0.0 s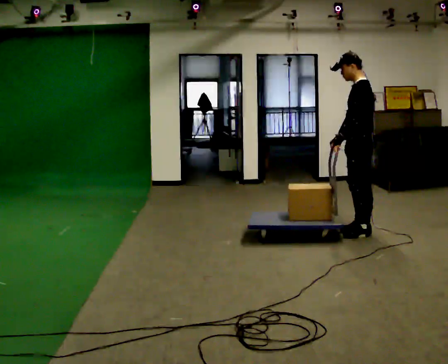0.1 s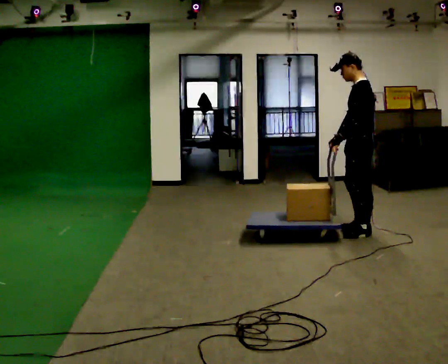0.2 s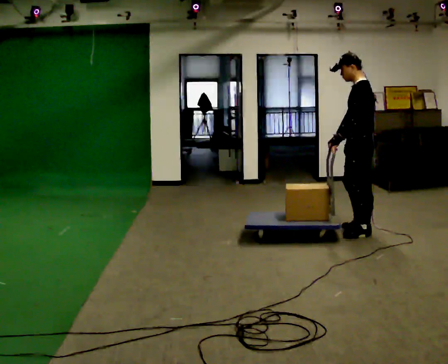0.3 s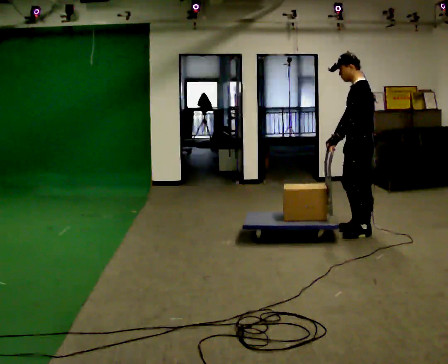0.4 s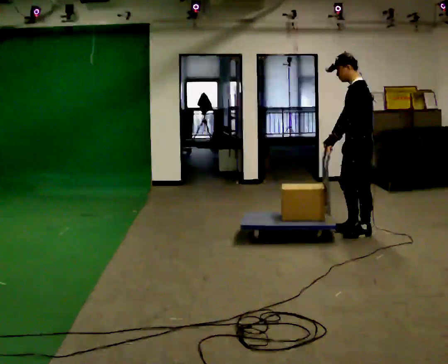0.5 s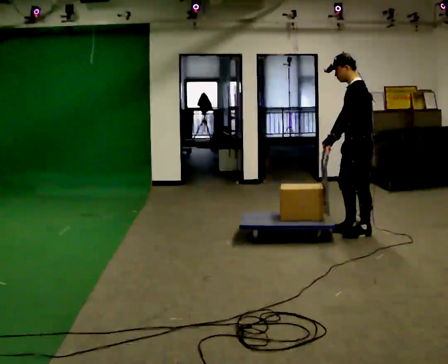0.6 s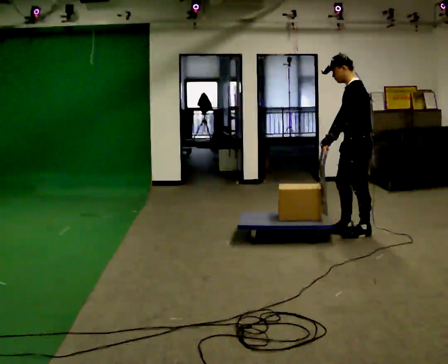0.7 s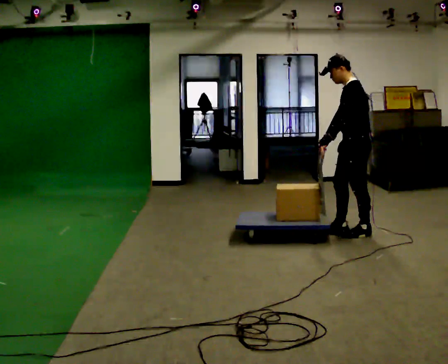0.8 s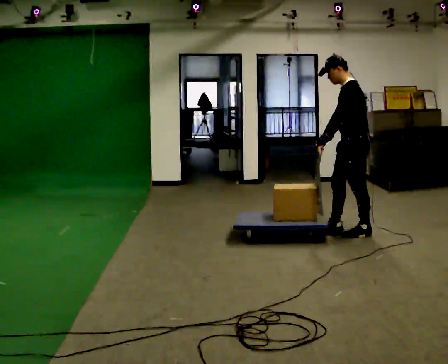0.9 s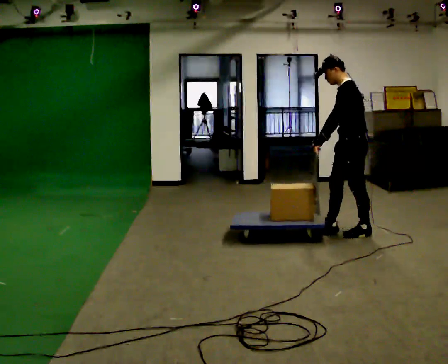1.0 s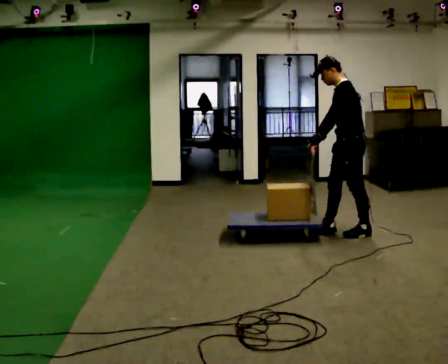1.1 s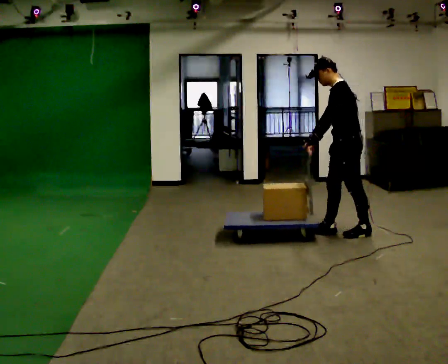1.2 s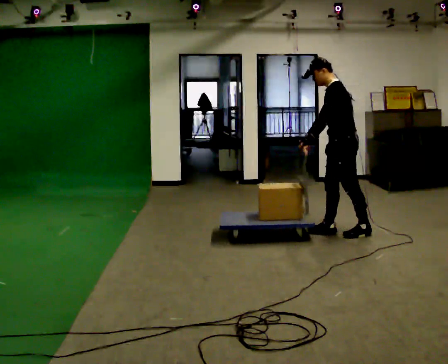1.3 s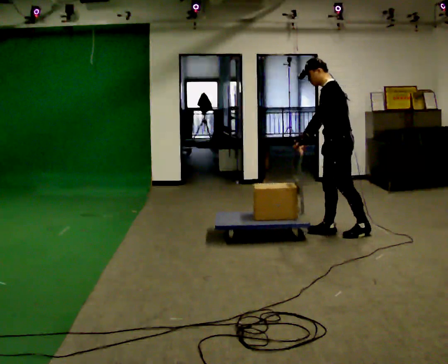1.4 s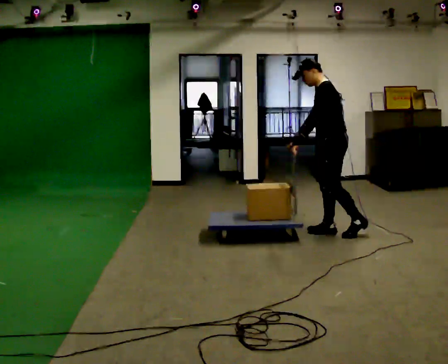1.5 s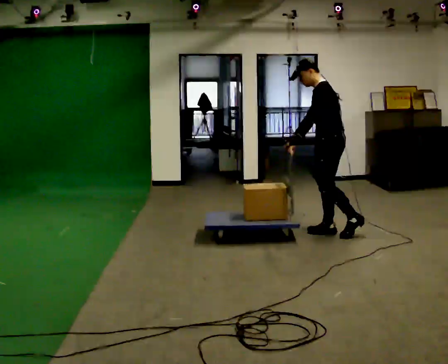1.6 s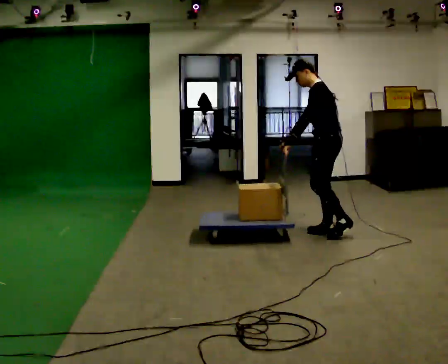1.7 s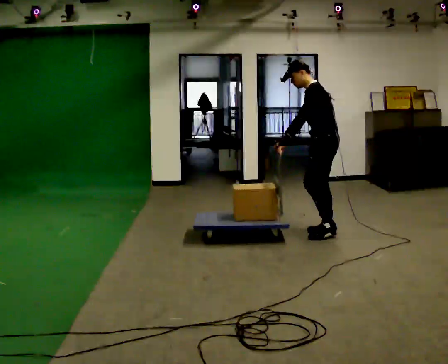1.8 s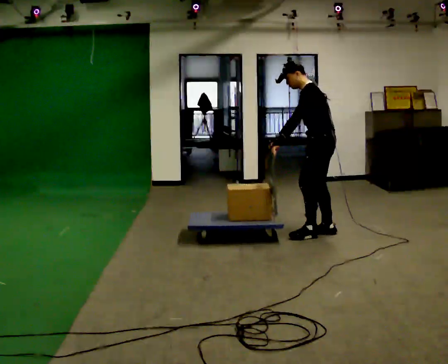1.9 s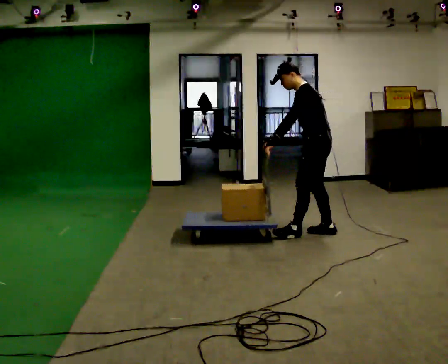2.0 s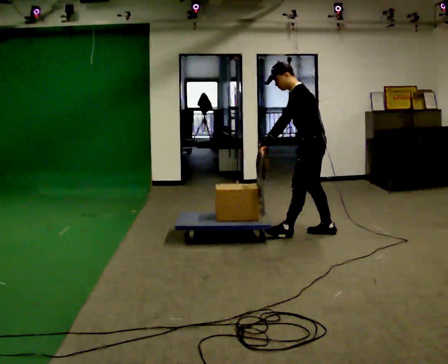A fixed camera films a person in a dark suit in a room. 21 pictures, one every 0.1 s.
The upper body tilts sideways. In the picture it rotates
counterclockwise.
0.0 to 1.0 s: The person moves a little, or ends about where they began.
1.0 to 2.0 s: In the picture they go to the left, about 0.5 m in 1 step, which for them is forward.
The film runs forward here.
